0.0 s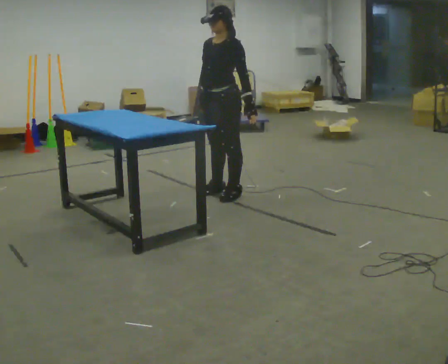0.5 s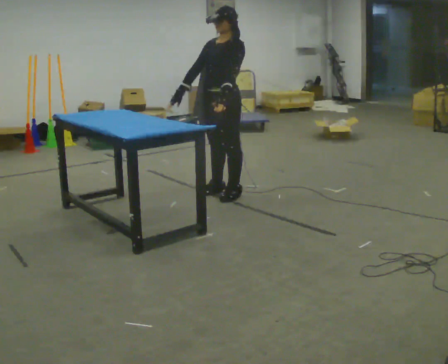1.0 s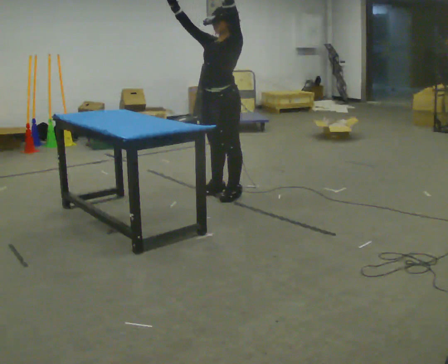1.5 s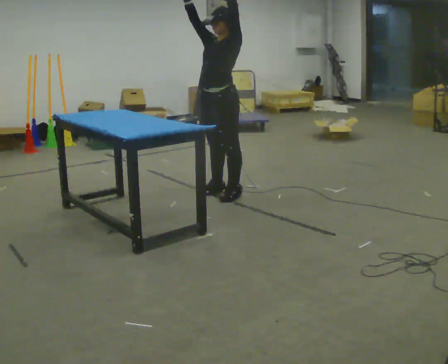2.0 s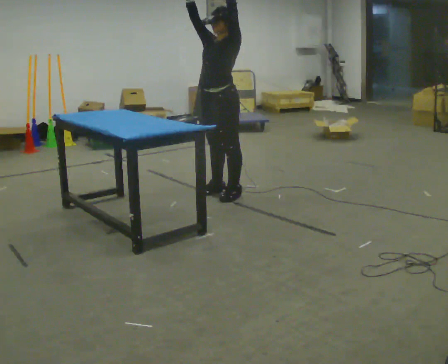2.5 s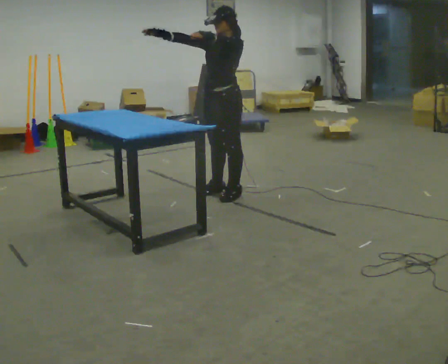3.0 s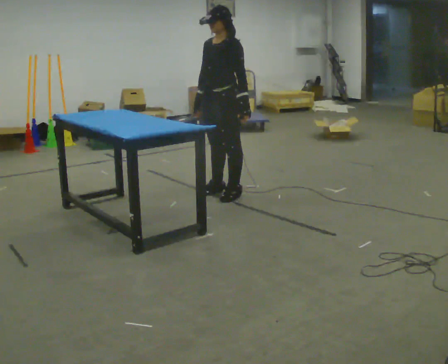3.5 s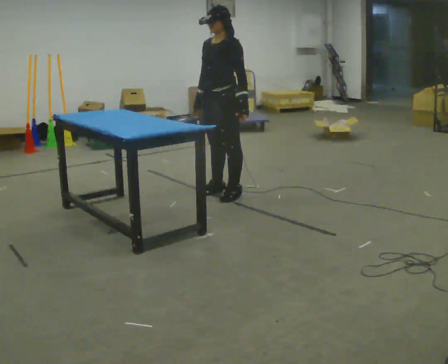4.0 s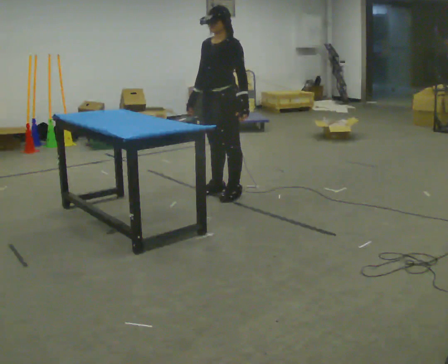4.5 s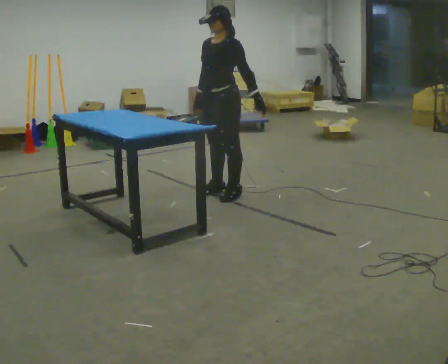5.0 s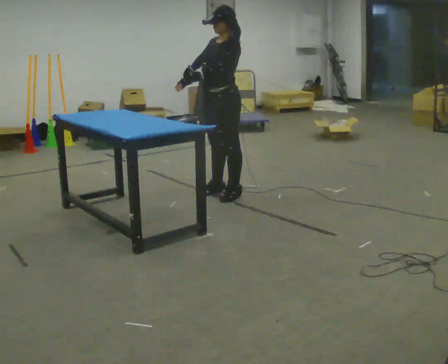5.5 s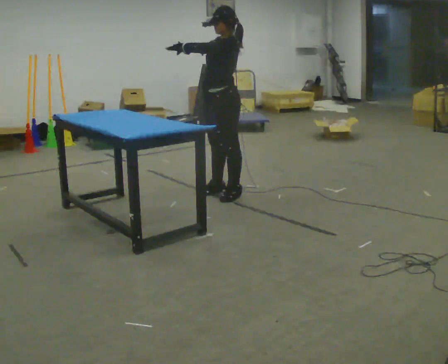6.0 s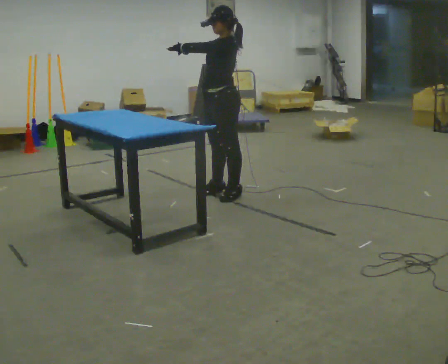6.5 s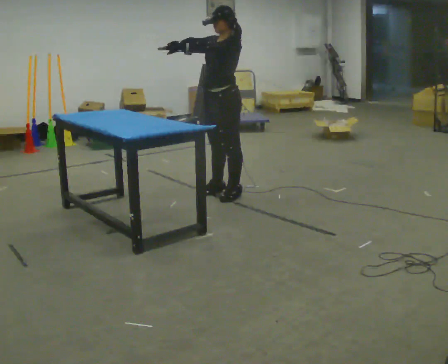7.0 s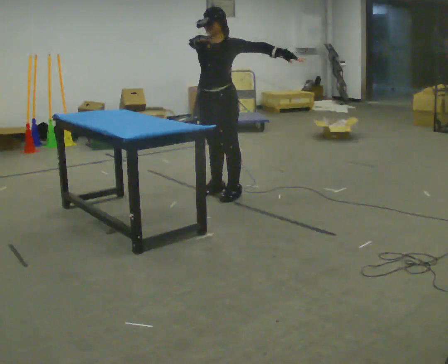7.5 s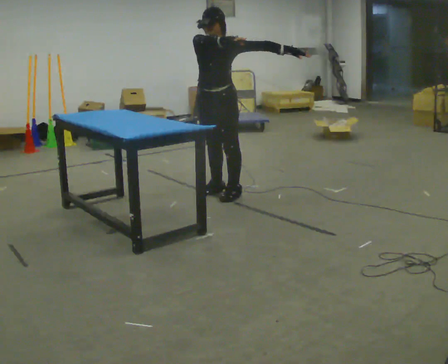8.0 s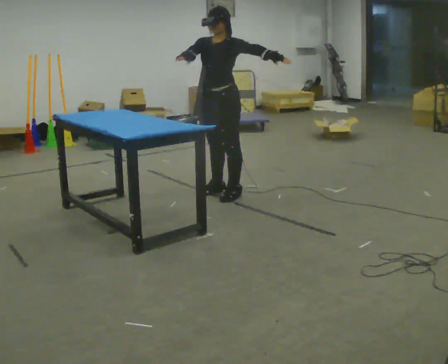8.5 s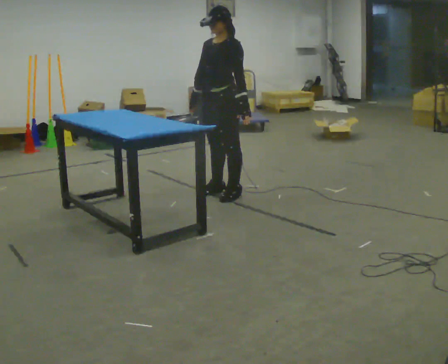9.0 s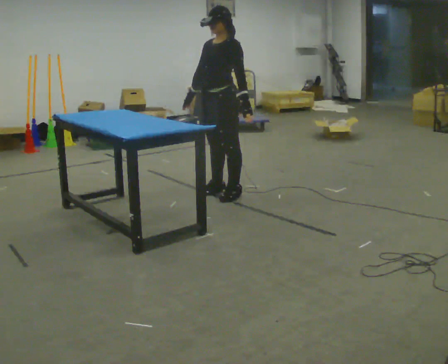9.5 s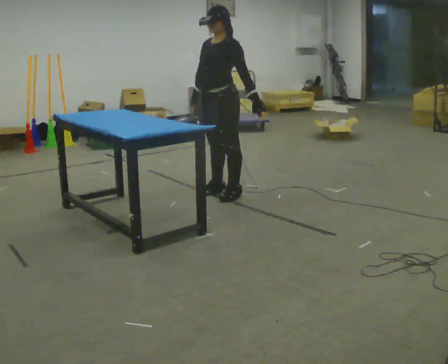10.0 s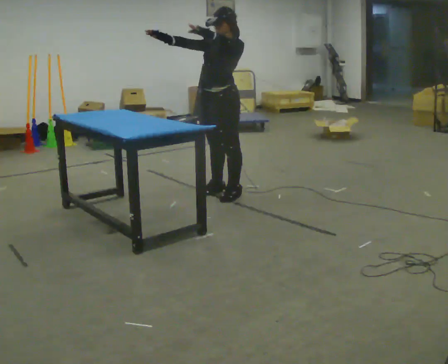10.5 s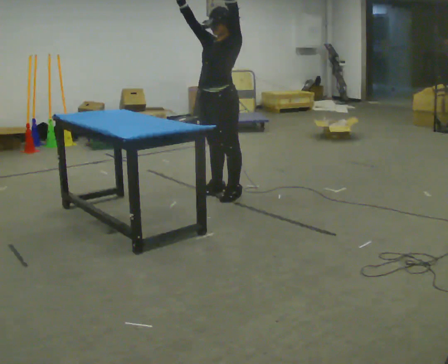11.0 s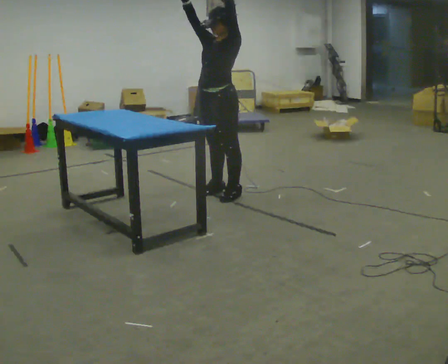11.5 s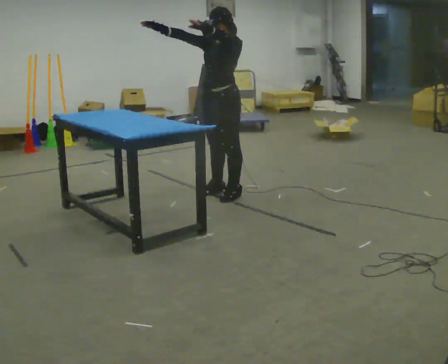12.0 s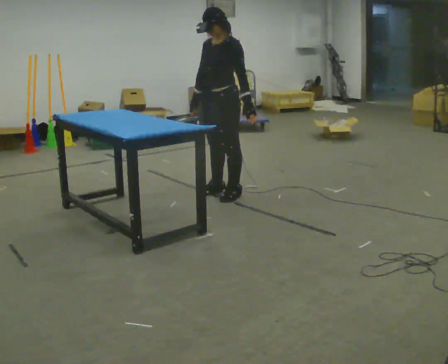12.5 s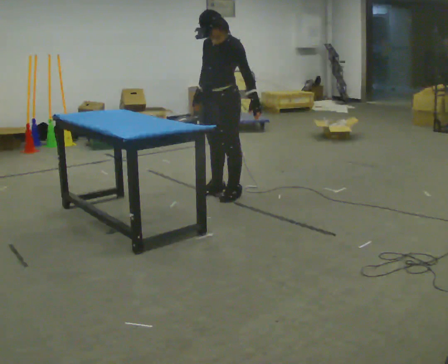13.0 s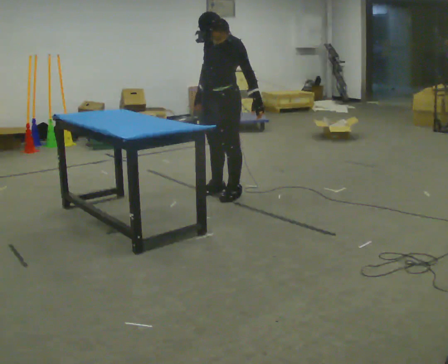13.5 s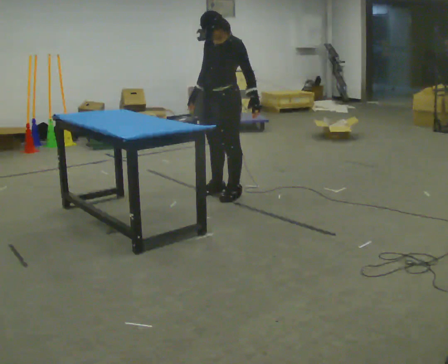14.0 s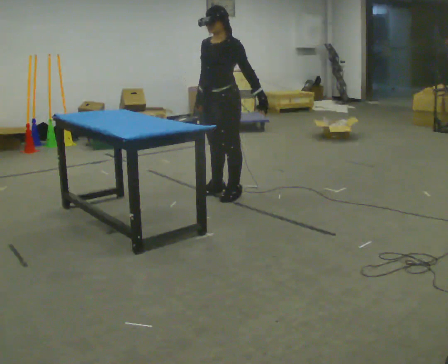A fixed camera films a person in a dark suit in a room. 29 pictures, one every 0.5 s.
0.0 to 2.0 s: In the picture their left hand goes upward.
2.0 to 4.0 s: In the picture their left hand goes downward.
4.0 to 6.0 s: In the picture their left hand goes to the left and upward, the arm swinging clockwise.
6.0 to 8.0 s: The part of the body nearest the lens slides to the right as the person turns to their left by about 30 degrees. In the picture their right hand goes to the left.
8.0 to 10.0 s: In the picture their left hand goes to the left.
10.0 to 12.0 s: In the picture their right hand goes downward.
12.0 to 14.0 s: The person moves a little, or ends about where they began.
The film runs backward here.
